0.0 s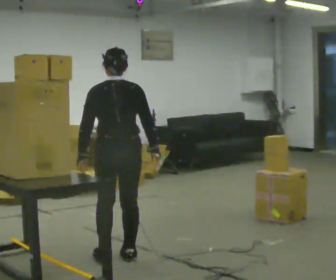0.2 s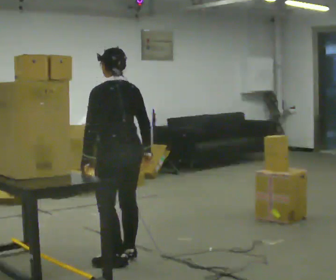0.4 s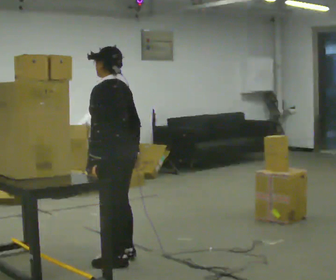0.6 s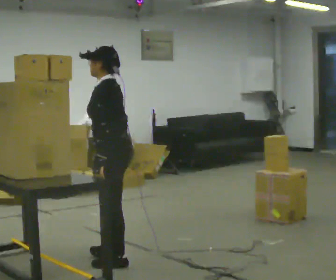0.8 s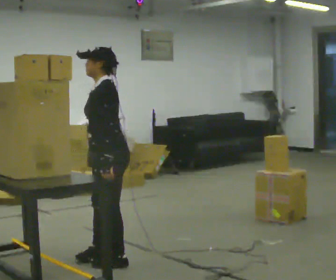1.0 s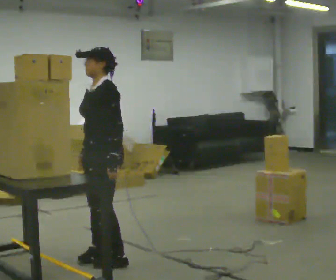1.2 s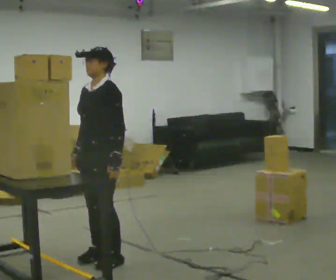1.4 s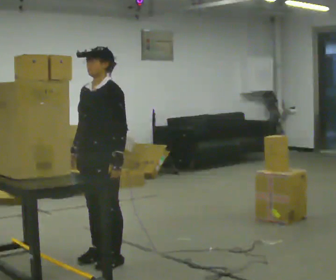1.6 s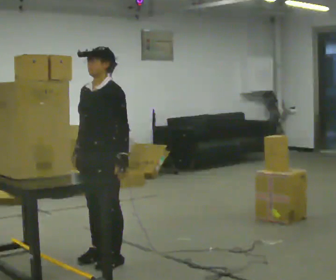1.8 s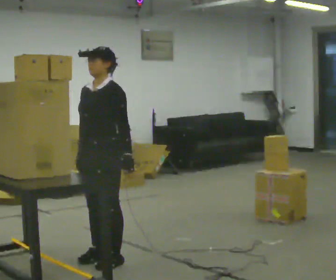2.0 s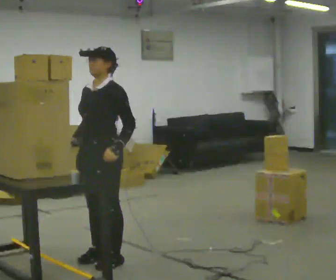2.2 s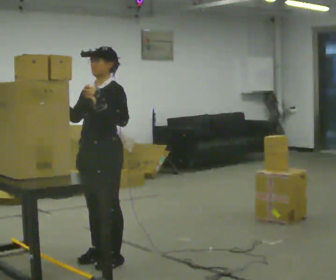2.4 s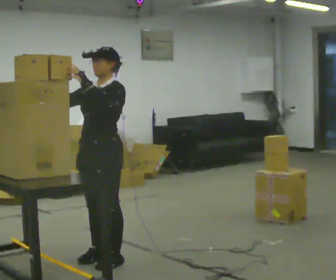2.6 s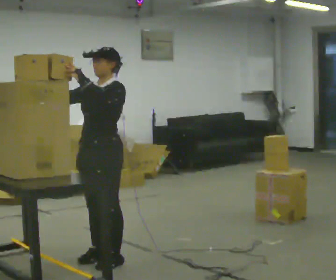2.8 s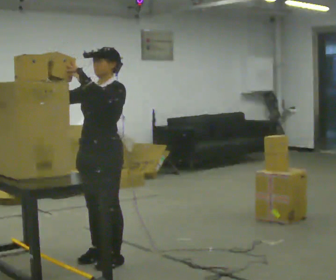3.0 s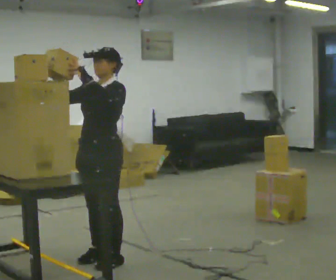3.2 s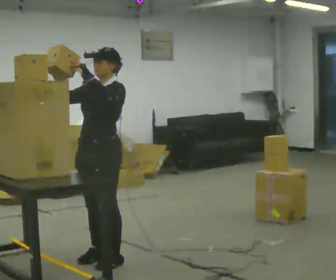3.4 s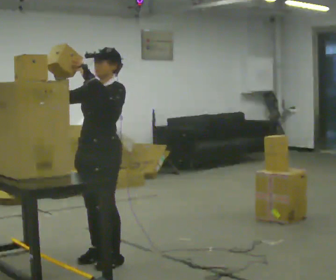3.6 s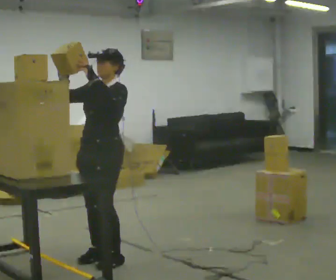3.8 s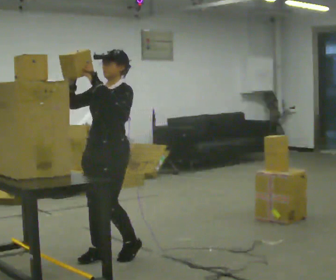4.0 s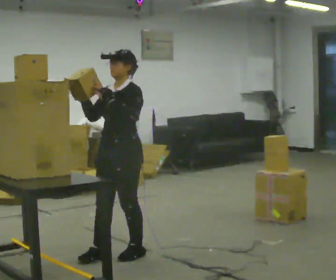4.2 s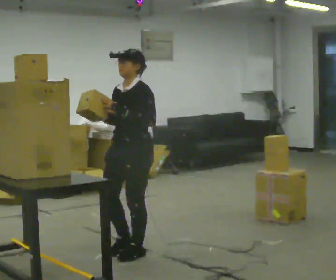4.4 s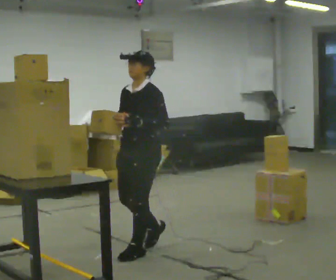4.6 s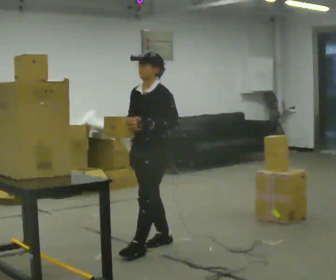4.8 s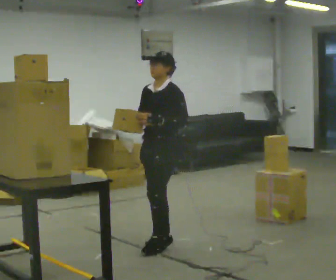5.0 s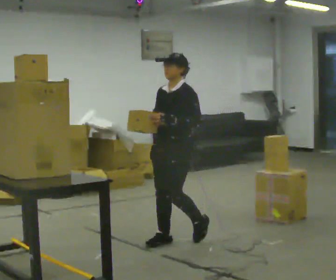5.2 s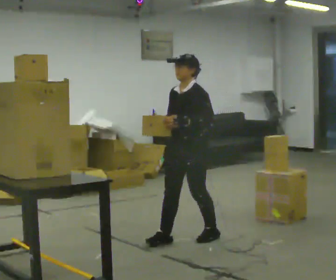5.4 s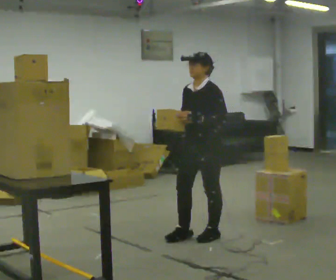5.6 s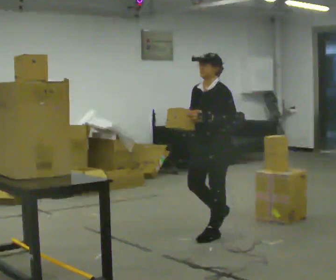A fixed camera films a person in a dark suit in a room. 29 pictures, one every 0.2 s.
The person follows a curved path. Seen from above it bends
clockwise.
0.0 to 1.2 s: The part of the body nearest the lens slides to the right as the person turns to their left by about 120 degrees. In the picture their right hand goes to the left, the arm swinging clockwise.
1.2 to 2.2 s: In the picture their right hand goes upward.
2.2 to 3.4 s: The person moves a little, or ends about where they began.
3.4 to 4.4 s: In the picture they go to the right and away from the camera, about 0.25 m in 2 steps, which for them is backward. In the picture their right hand goes downward.
4.4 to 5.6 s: In the picture they go to the right and away from the camera, about 1 m in 2 steps, which for them is backward.
The film runs backward here.
